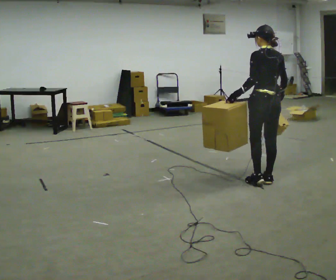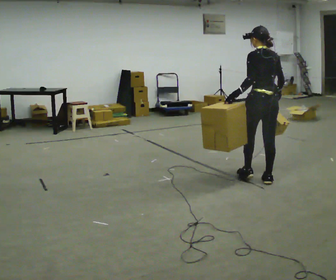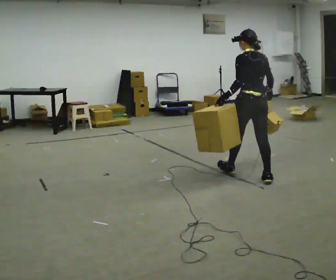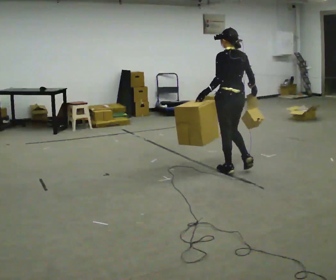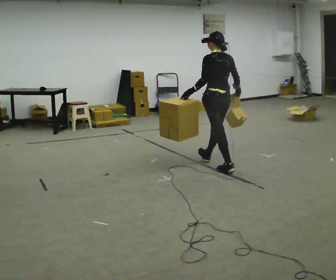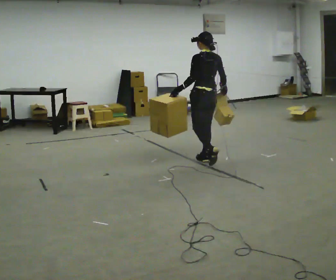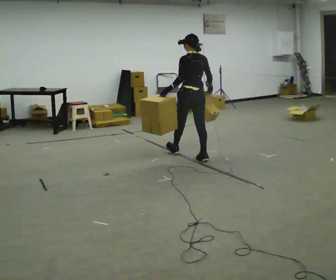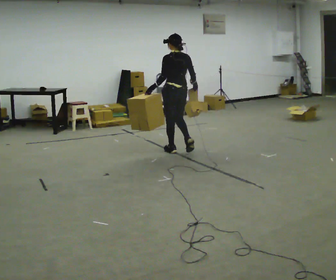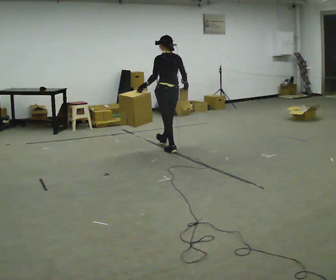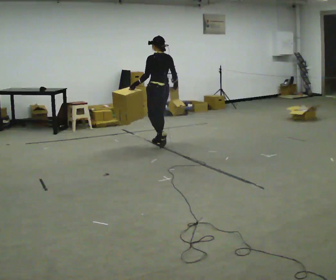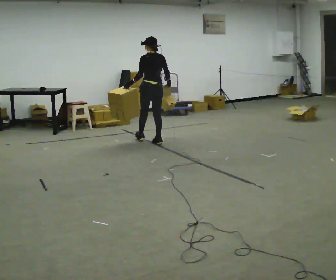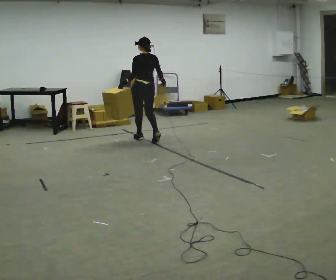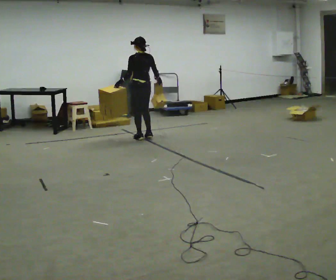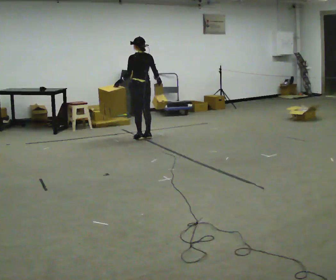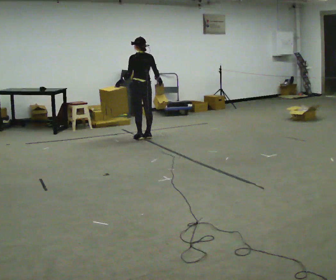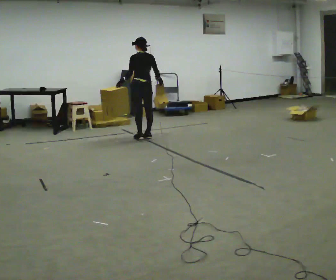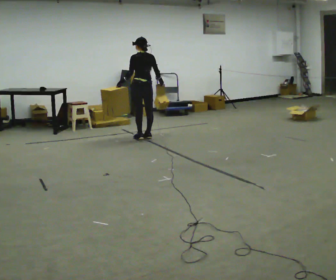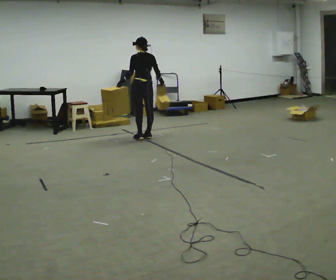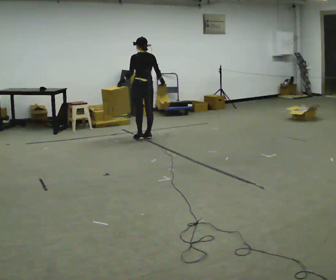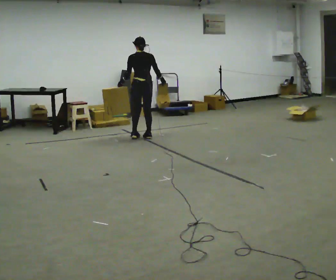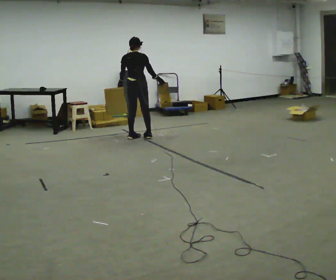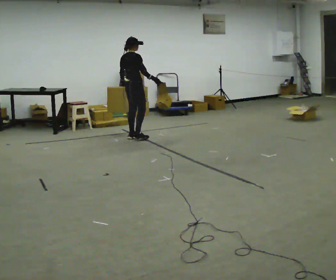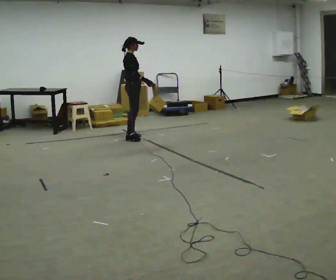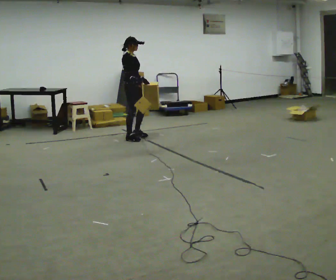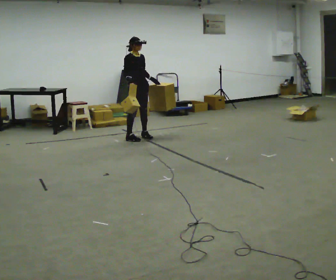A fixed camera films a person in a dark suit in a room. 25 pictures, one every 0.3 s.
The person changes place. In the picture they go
away from the camera.
Their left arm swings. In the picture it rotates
counterclockwise.
0.0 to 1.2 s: In the picture they go away from the camera and to the left, about 0.5 m in 1 step, which for them is forward.
1.2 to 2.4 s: In the picture they go away from the camera and to the left, about 1 m in 2 steps, which for them is forward.
2.4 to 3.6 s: In the picture they go away from the camera and to the left, about 1 m in 2 steps, which for them is forward.
3.6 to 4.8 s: The person moves a little, or ends about where they began.
4.8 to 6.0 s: The person turns about 45 degrees to their right, clockwise seen from above, so the part of the body nearest the lens slides to the left.
6.0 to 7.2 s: Seen from above the body turns clockwise, about 120 degrees: to their right, with its near side sliding to the left. In the picture their right hand goes to the left, the arm swinging clockwise.
The film runs forward here.
